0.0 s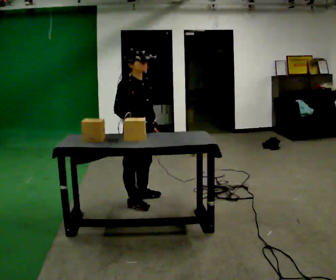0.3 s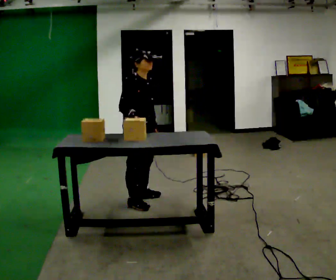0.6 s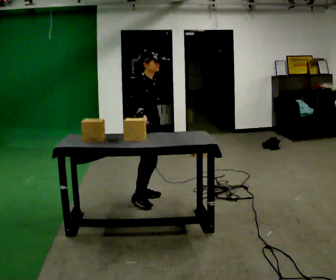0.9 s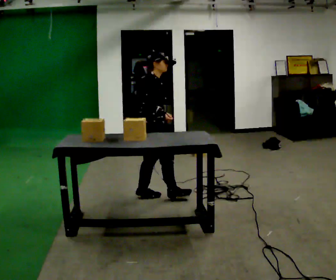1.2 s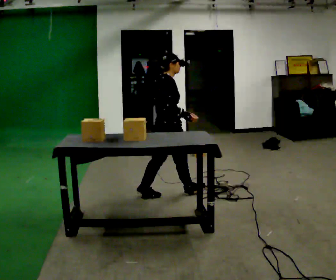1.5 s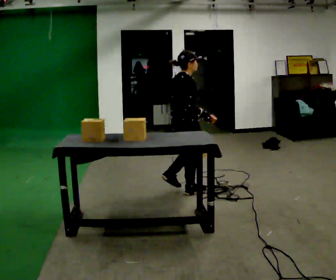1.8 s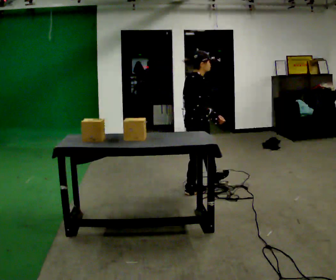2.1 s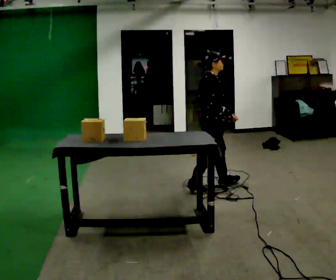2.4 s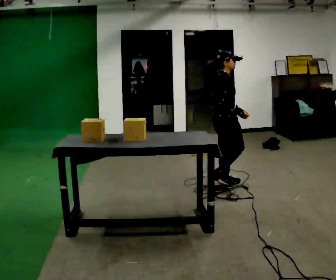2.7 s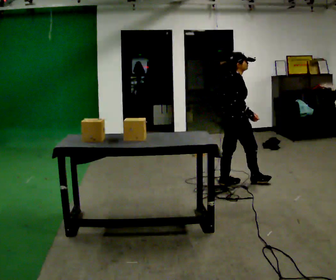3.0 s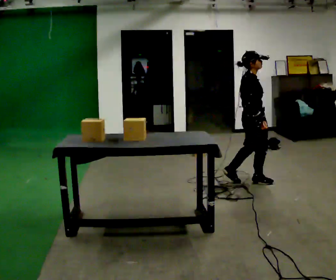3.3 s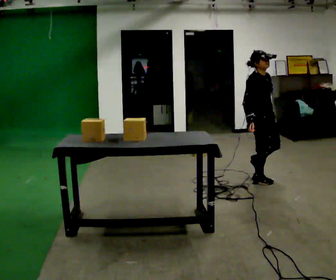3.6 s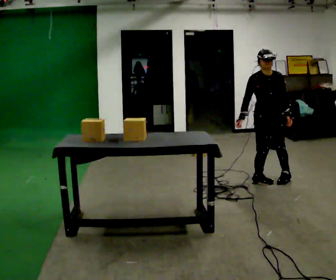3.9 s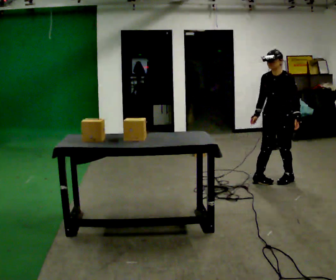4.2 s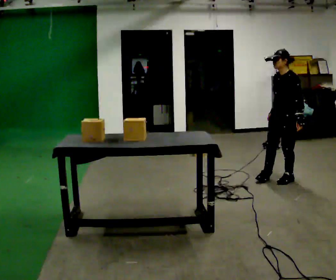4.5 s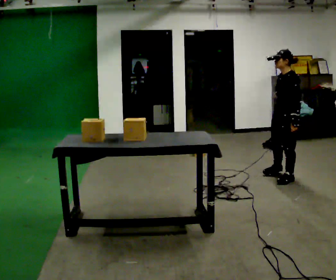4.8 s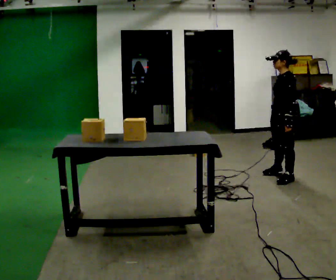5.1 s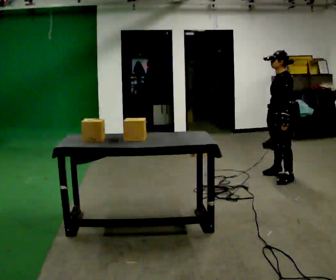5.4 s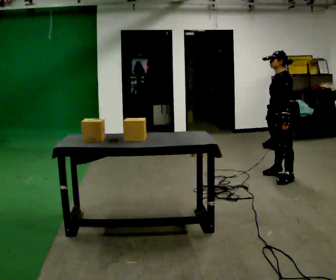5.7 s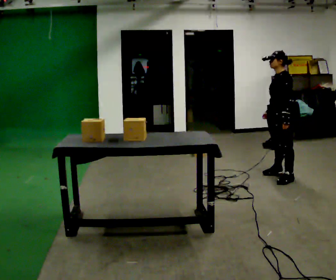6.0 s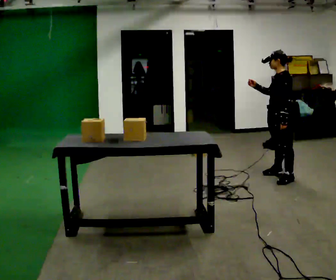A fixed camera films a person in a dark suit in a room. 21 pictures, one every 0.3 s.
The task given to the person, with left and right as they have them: Take an object off the waist-height shelf, carry it across the room, and set it down on the floor. Keep going until the operator says stop; one object at a time, and do not rush between trips.
0.0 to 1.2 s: Seen from above the body turns counterclockwise, about 60 degrees: to their left, with its near side sliding to the right. In the picture they go away from the camera and to the right, about 0.5 m in 1 step, which for them is forward and to their left.
1.2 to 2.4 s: In the picture they go away from the camera and to the right, about 0.75 m in 1 step, which for them is forward.
2.4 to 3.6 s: Seen from above the body turns clockwise, about 90 degrees: to their right, with its near side sliding to the left. In the picture they go to the right and away from the camera, about 0.5 m in 1 step.
3.6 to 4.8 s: The person turns about 90 degrees to their right, clockwise seen from above, so the part of the body nearest the lens slides to the left. In the picture they go away from the camera and to the right, about 0.25 m in 2 steps.
4.8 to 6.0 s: In the picture their right hand goes upward, the arm swinging clockwise.
The film runs forward here.
